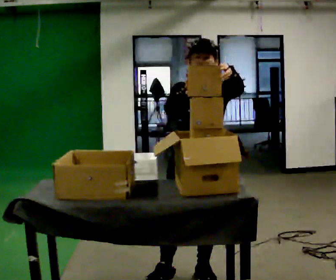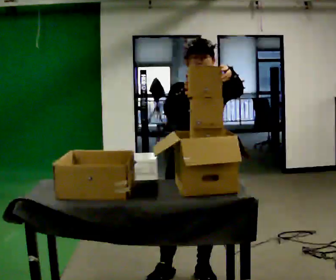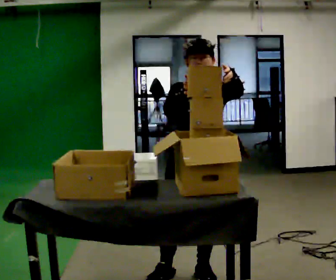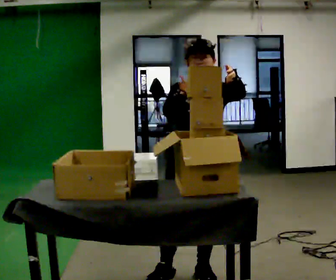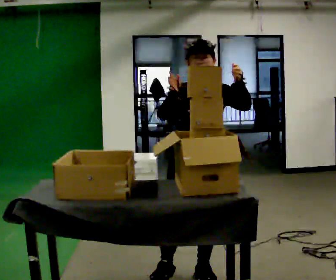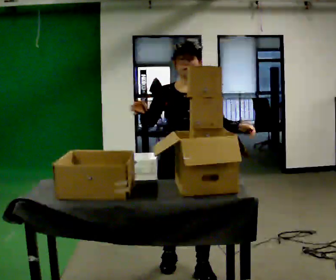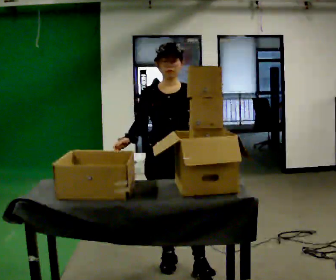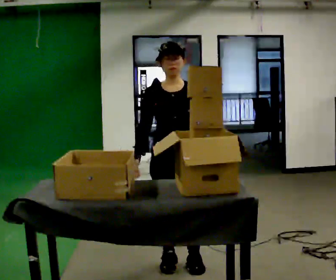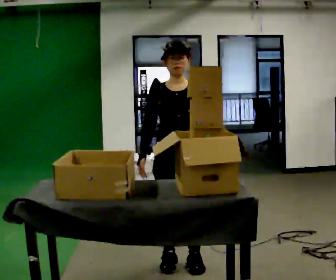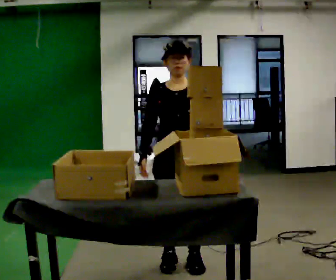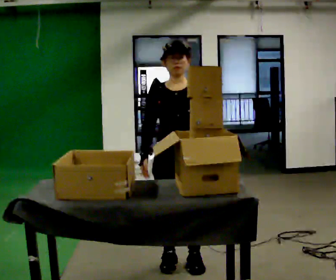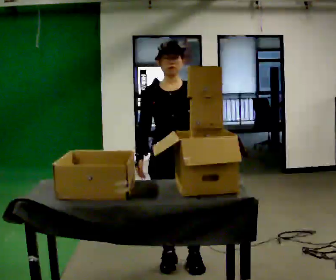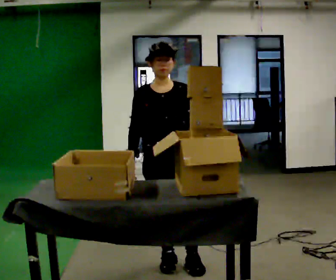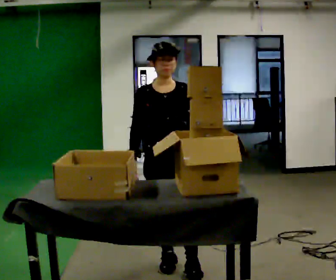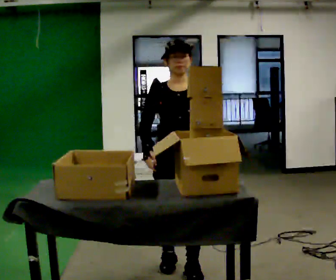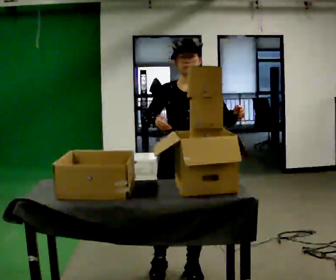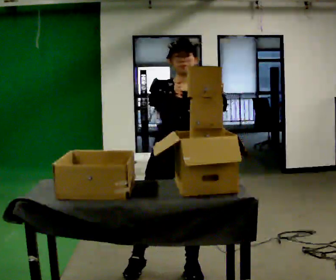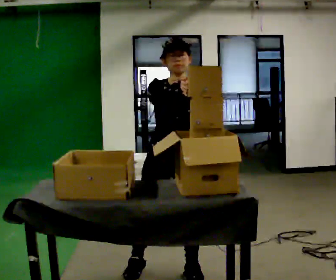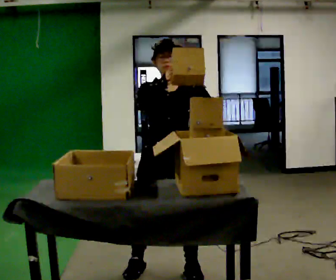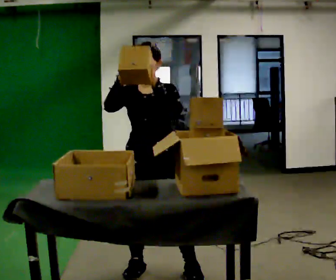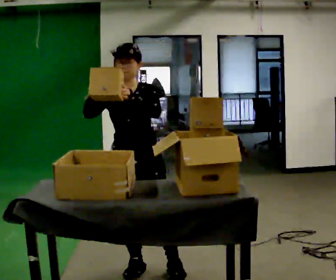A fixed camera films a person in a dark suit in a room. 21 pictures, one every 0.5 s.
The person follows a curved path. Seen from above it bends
counterclockwise.
0.0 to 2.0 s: The person moves a little, or ends about where they began.
2.0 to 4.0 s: In the picture they go away from the camera, about 0.25 m in 2 steps, which for them is backward and to their right. In the picture their left hand goes downward.
4.0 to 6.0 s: The person moves a little, or ends about where they began.
6.0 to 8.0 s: In the picture they go toward the camera, about 0.25 m in 1 step, which for them is forward. In the picture their right hand goes upward.
8.0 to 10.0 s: In the picture they go to the left, about 0.25 m, which for them is to their right.
The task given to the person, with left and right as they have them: 1. Move everything from the second bin into the first bin. 2. Carry the empty bin to the shelf. 3. Carry the full bin to the table. 4. Tell the operator when you are finished.
The film runs forward here.
